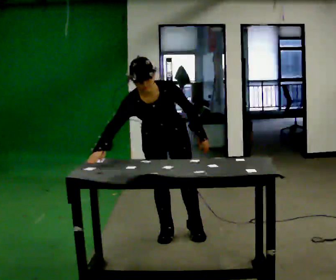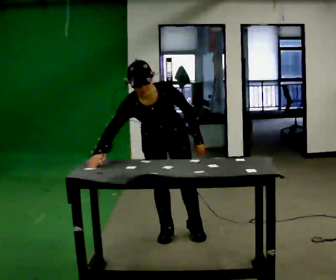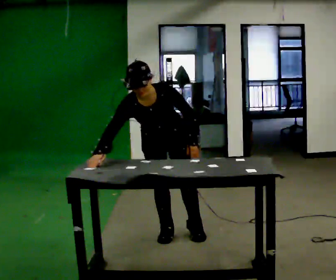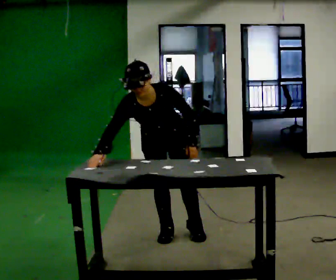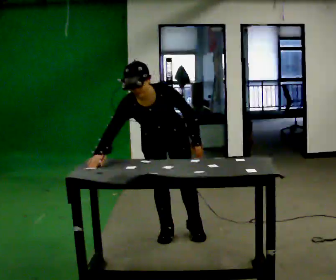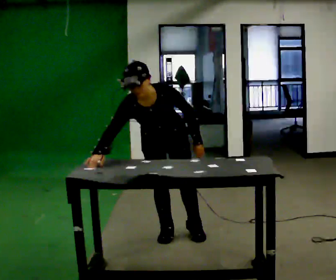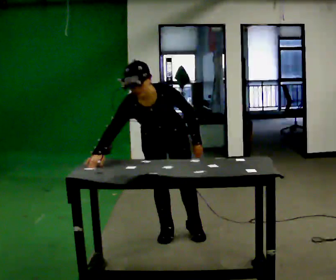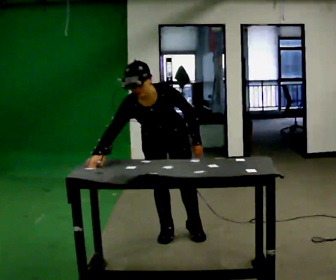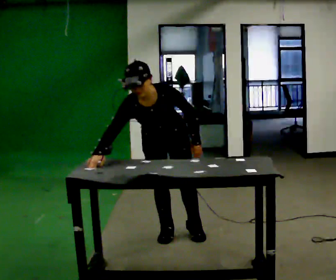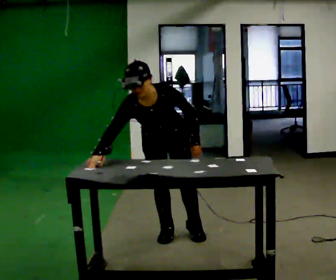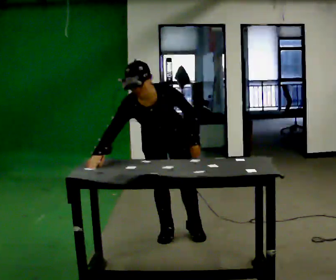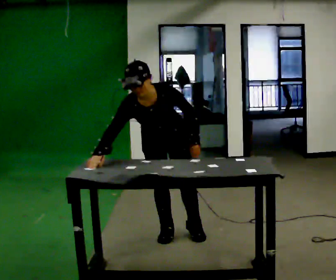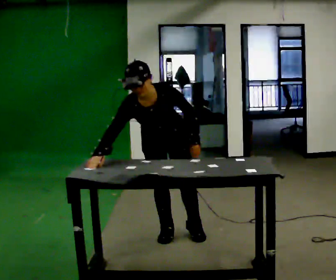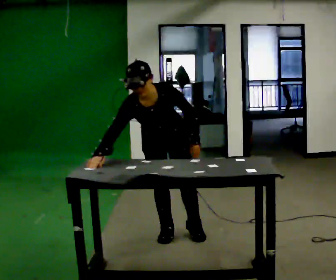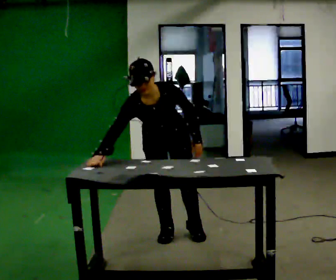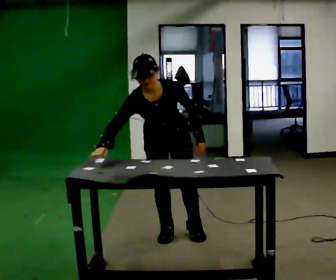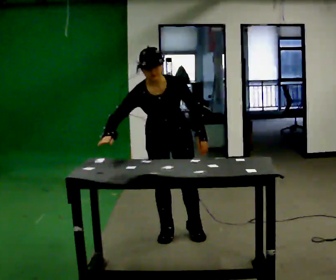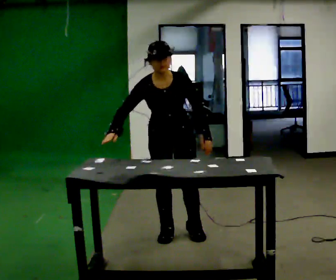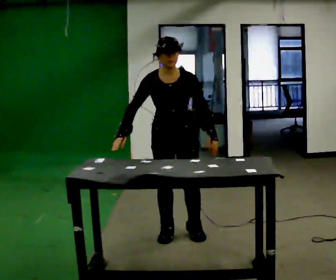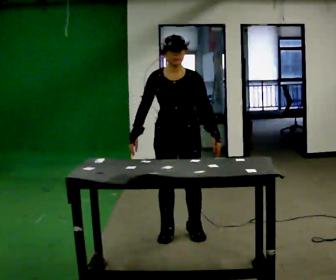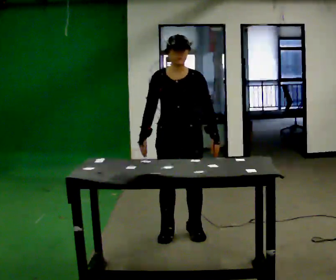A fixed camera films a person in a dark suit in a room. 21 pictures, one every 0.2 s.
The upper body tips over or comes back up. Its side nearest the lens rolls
upward.
0.0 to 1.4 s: The person moves a little, or ends about where they began.
1.4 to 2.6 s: The person keeps their place and pose.
2.6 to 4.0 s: The upper body tips away from the camera, its near side rolling upward, as they lean back or straighten.
The film runs forward here.
